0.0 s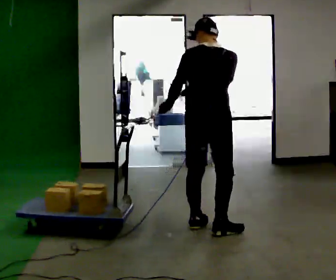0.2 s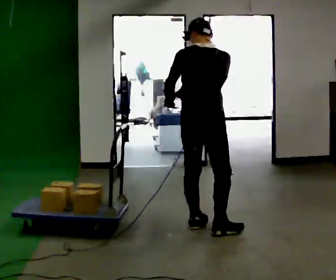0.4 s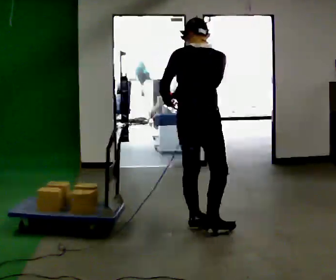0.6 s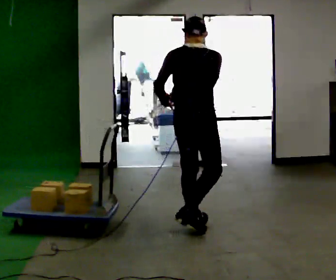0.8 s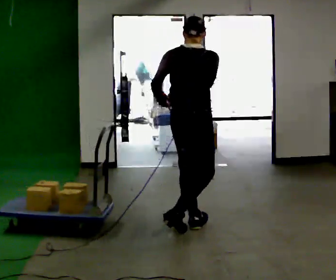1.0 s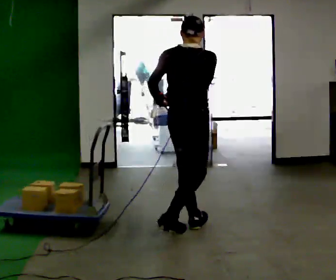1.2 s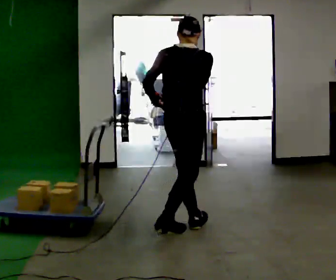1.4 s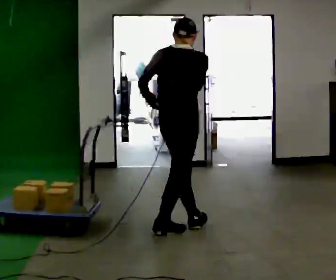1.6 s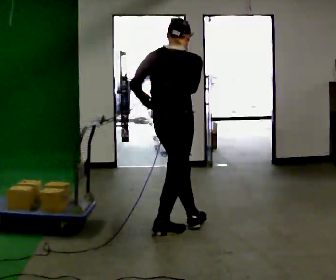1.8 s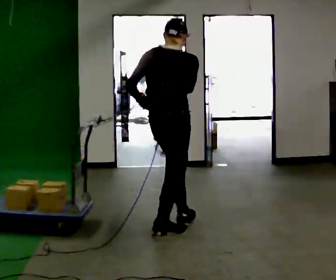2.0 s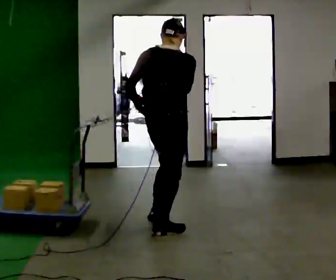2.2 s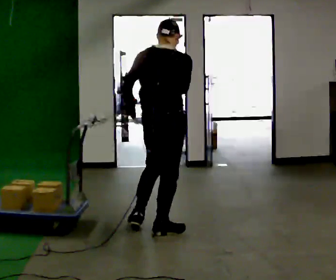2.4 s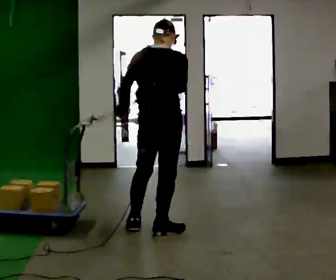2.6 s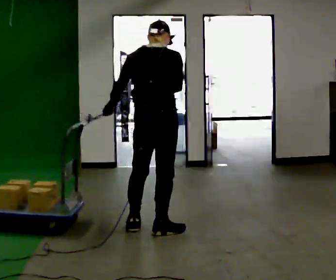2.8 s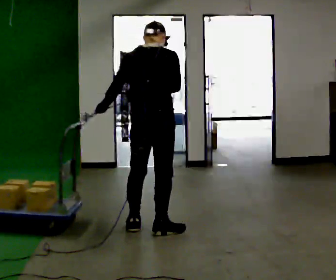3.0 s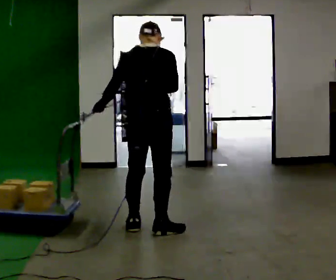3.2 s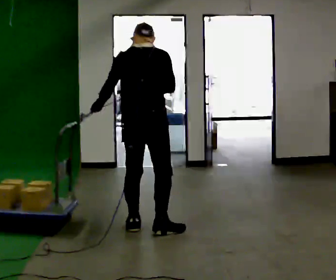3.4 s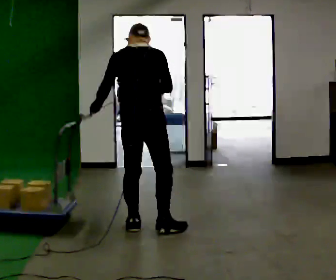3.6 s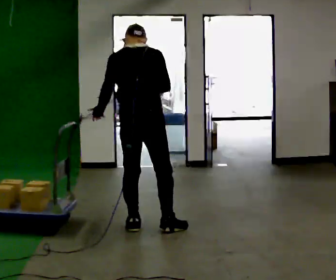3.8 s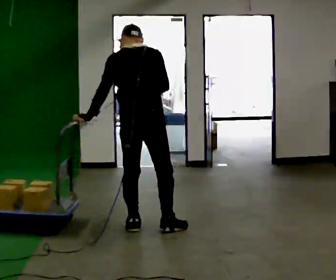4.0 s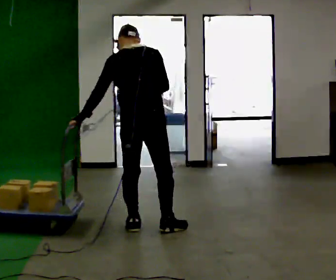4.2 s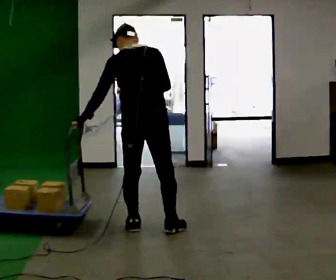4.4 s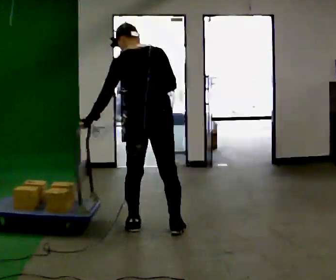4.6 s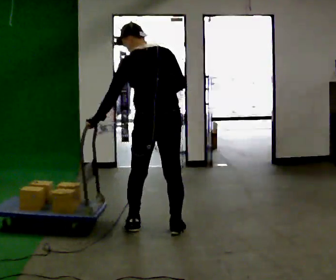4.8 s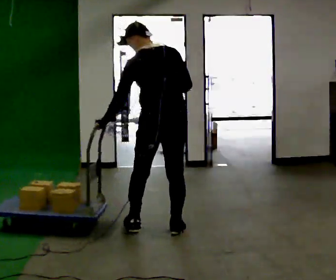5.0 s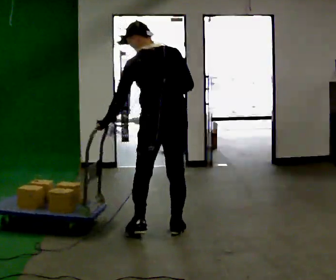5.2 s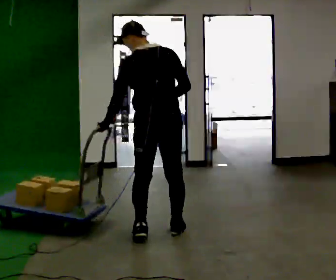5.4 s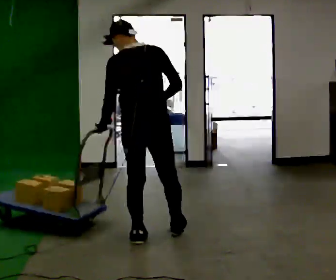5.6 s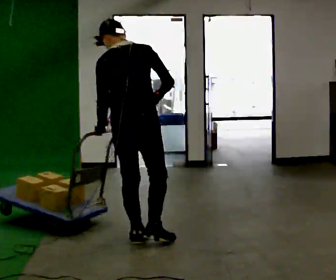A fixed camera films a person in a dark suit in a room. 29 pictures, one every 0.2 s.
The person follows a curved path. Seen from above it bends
counterclockwise.
0.0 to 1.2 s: In the picture they go to the left, about 0.25 m in 1 step, which for them is to their left and backward.
1.2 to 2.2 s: In the picture they go to the left, about 0.25 m in 1 step, which for them is backward.
2.2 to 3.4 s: In the picture they go to the left, about 0.25 m, which for them is to their left.
3.4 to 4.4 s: The person moves a little, or ends about where they began.
4.4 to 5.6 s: In the picture they go toward the camera, about 0.25 m in 2 steps, which for them is backward and to their left.
The film runs backward here.
